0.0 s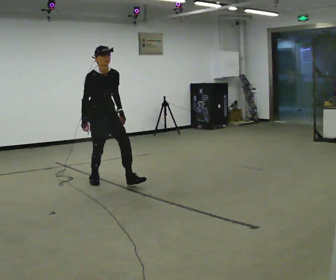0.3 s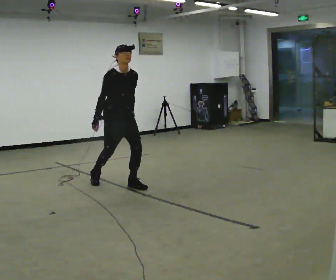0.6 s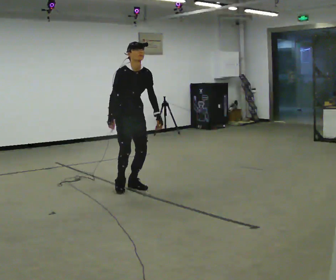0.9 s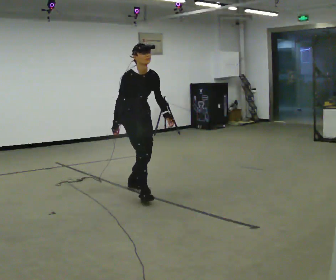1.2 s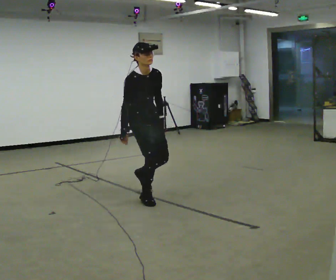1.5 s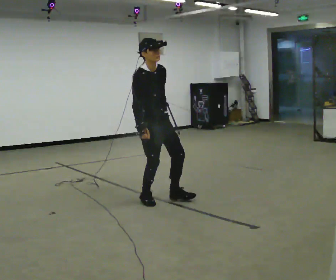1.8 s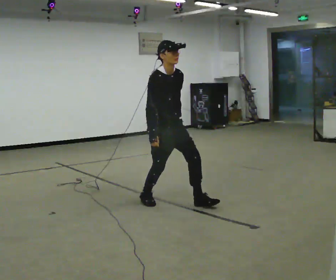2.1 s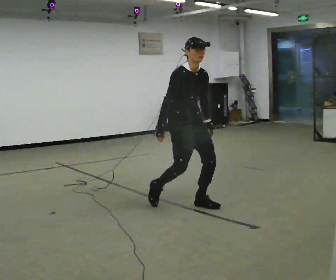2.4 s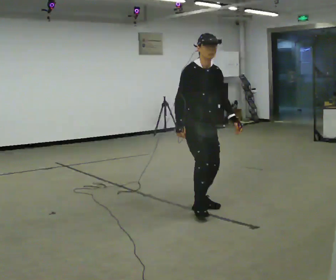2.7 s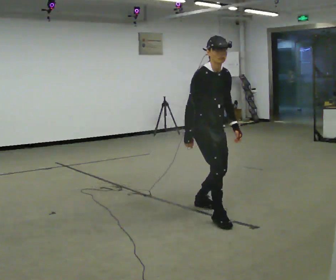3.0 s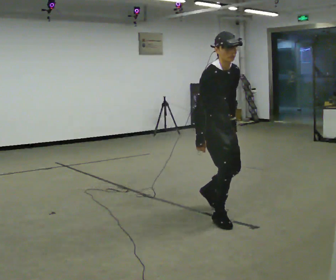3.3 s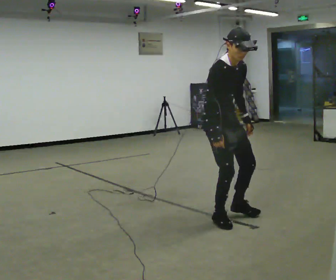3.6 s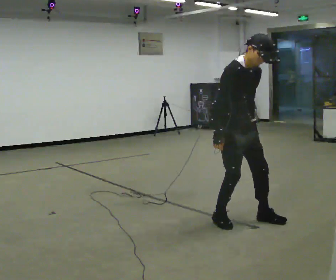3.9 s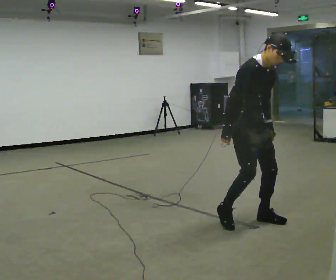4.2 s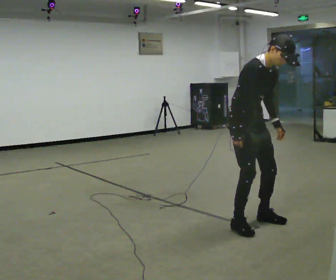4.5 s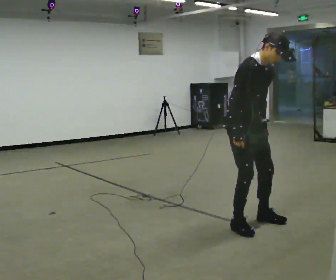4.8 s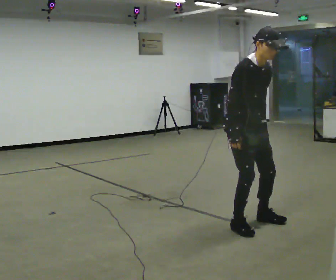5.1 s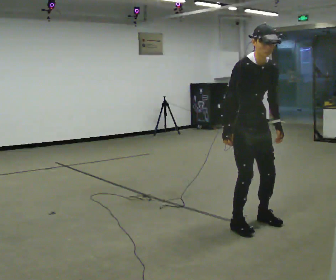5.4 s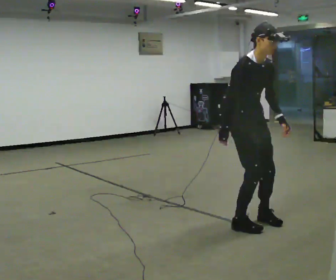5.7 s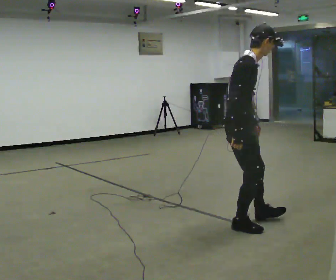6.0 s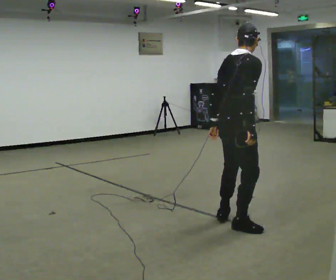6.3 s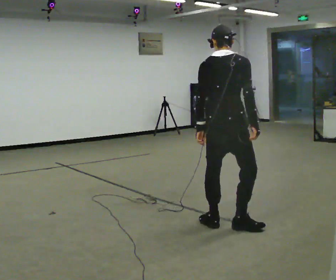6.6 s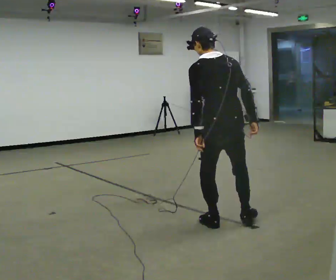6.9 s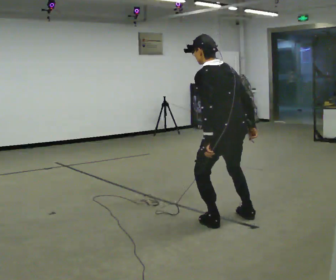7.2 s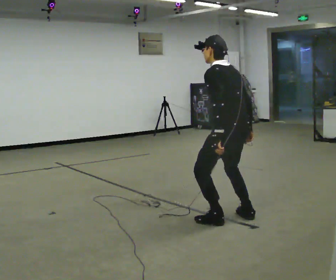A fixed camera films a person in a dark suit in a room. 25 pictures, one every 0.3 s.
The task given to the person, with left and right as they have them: Walk forward in a lowered crouched posture at a comfortable speed; do not go lower than is comfortable; stop.
0.0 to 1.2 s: In the picture they go toward the camera and to the right, about 1 m in 2 steps, which for them is forward.
1.2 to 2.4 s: In the picture they go to the right and toward the camera, about 0.75 m in 1 step, which for them is forward.
2.4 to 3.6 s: In the picture they go toward the camera and to the right, about 0.5 m in 2 steps, which for them is forward.
3.6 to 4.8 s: The person moves a little, or ends about where they began.
4.8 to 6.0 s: The part of the body nearest the lens slides to the right as the person turns to their left by about 75 degrees. In the picture they go toward the camera, about 0.25 m. The upper body tips away from the camera, its near side rolling upward. In the picture their left hand goes to the left.
6.0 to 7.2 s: The person turns about 105 degrees to their left, counterclockwise seen from above, so the part of the body nearest the lens slides to the right. In the picture they go away from the camera, about 0.25 m in 2 steps. In the picture the upper body tilts counterclockwise, shoulders to the left.
The film runs forward here.
